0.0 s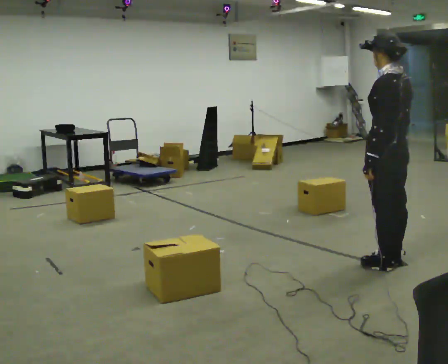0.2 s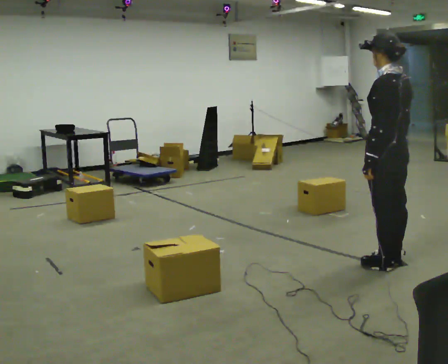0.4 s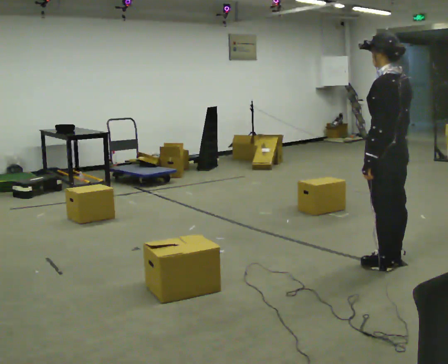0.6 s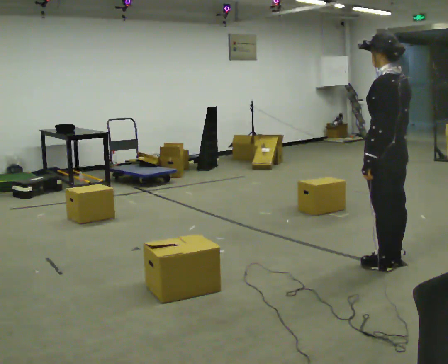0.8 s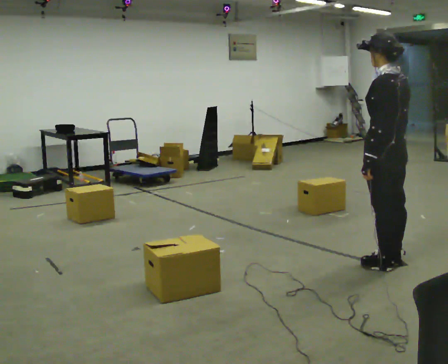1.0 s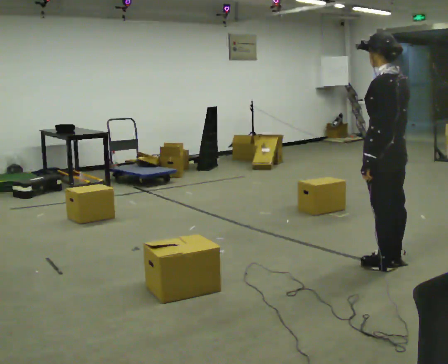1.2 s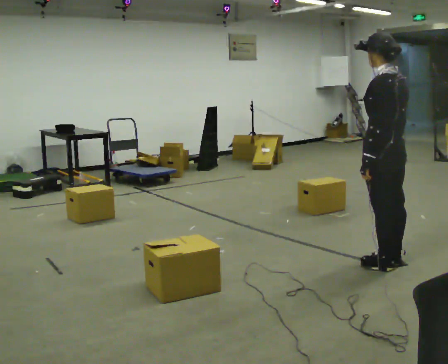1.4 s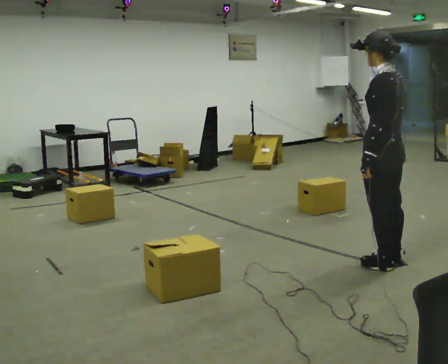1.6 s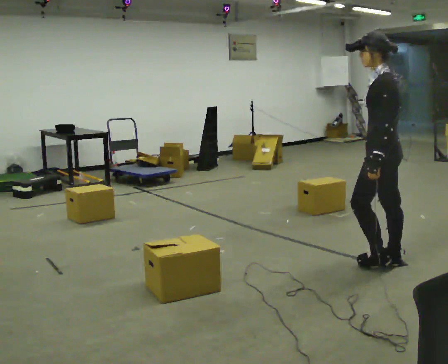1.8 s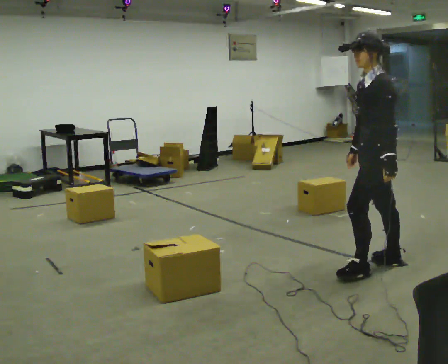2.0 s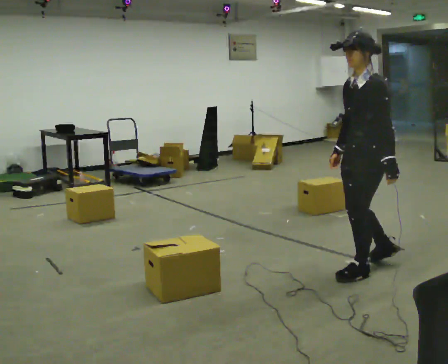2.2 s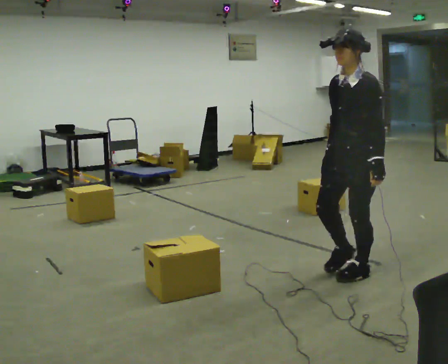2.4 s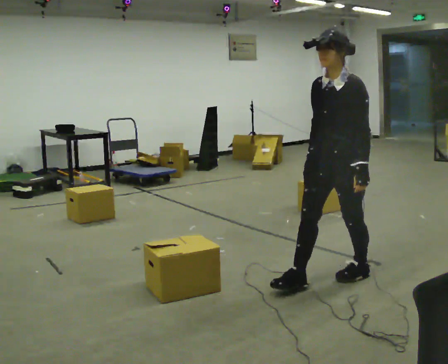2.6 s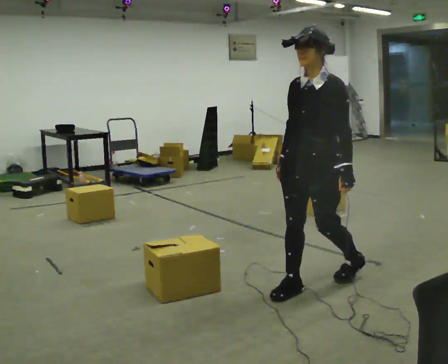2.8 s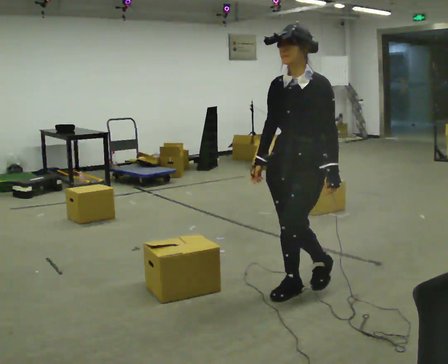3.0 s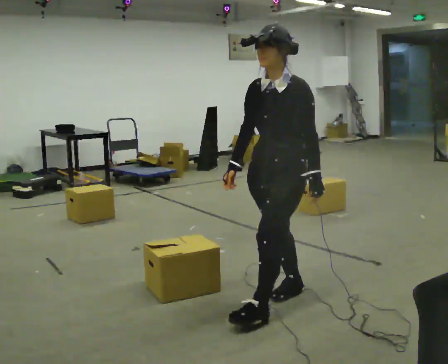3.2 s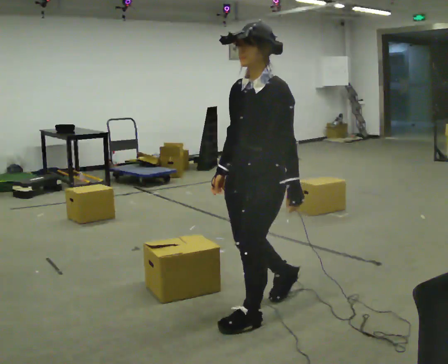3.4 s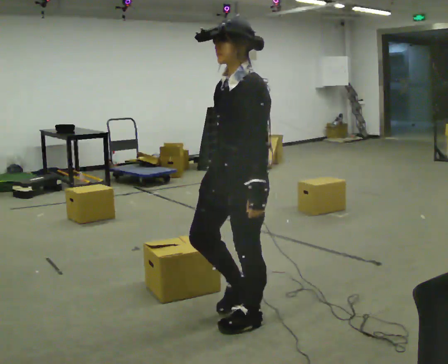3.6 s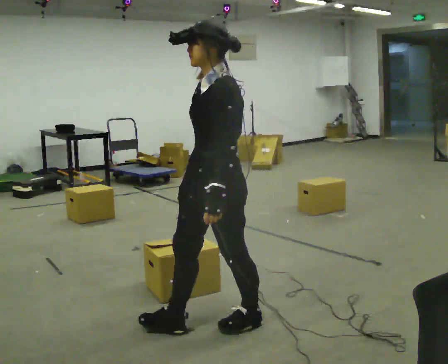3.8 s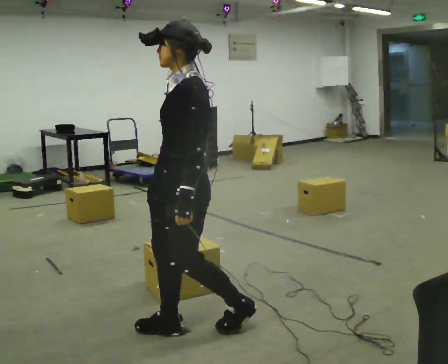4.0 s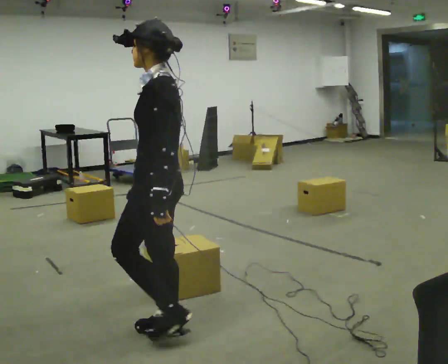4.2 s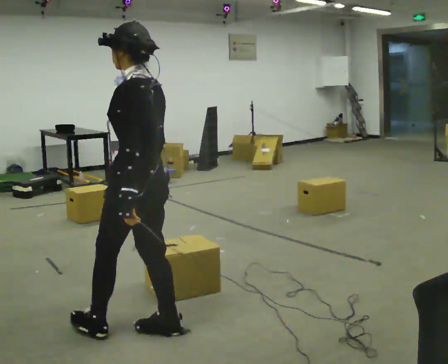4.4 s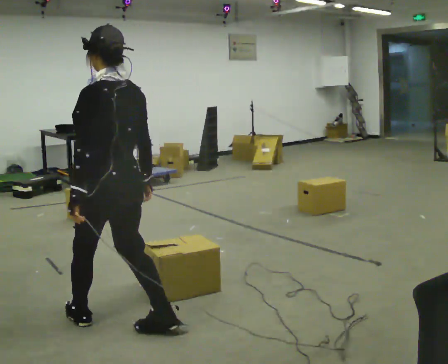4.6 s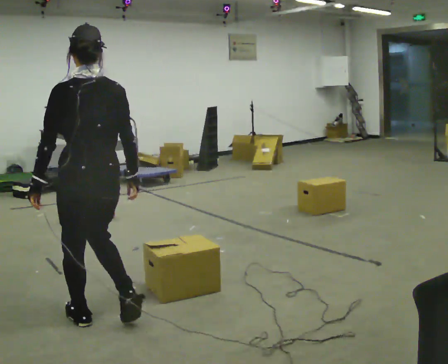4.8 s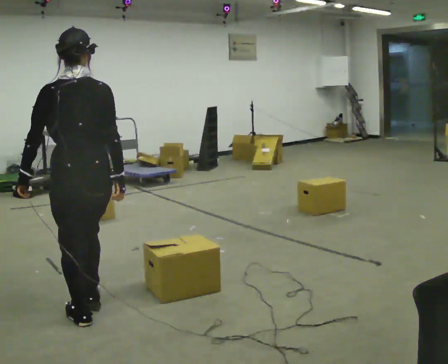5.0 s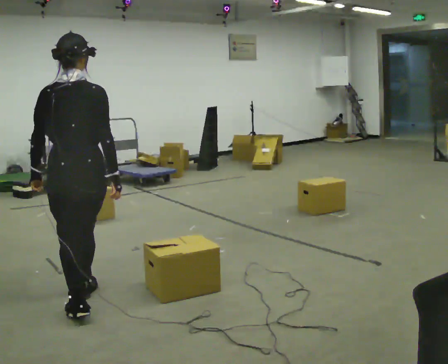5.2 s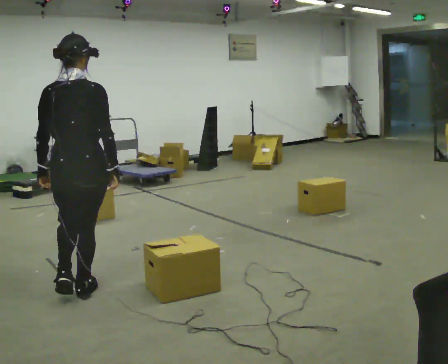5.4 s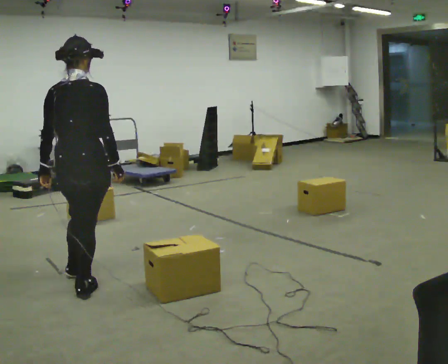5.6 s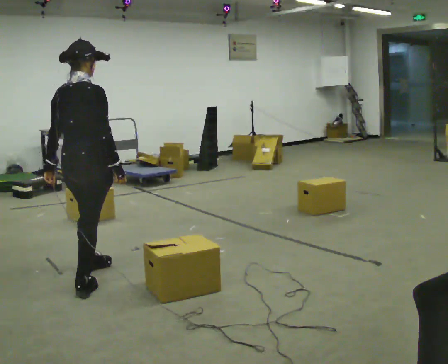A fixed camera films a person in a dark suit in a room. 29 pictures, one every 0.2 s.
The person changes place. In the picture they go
to the left.
The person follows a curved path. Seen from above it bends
clockwise.
0.0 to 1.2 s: The person keeps their place and pose.
1.2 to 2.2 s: The person turns about 75 degrees to their left, counterclockwise seen from above, so the part of the body nearest the lens slides to the right. In the picture they go to the left and toward the camera, about 0.25 m in 1 step.
2.2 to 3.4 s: In the picture they go to the left and toward the camera, about 1 m in 2 steps, which for them is forward.
3.4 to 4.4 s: Seen from above the body turns clockwise, about 60 degrees: to their right, with its near side sliding to the left. In the picture they go to the left, about 0.75 m in 2 steps.
4.4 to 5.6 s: The part of the body nearest the lens slides to the left as the person turns to their right by about 75 degrees. In the picture they go away from the camera and to the left, about 0.75 m in 2 steps.
The film runs forward here.
